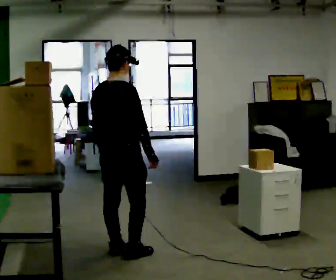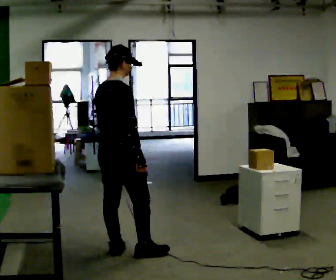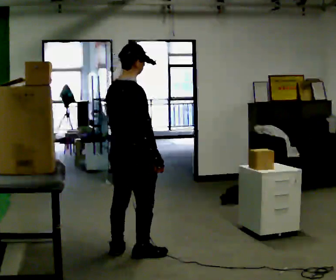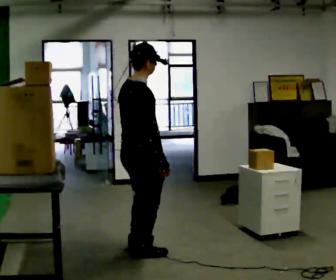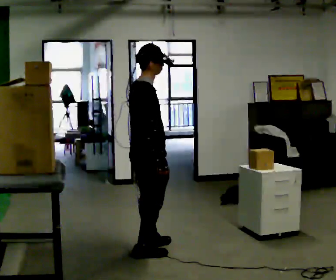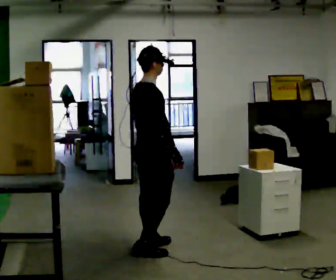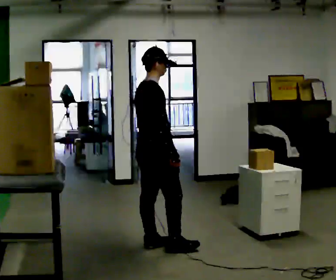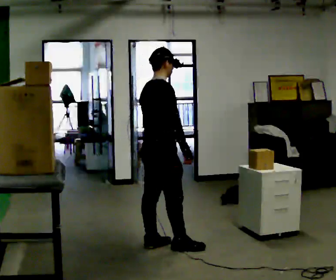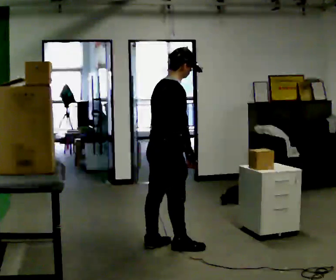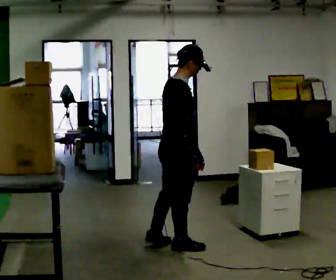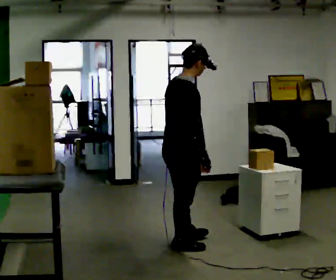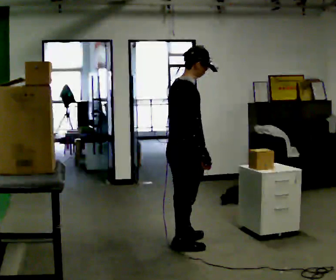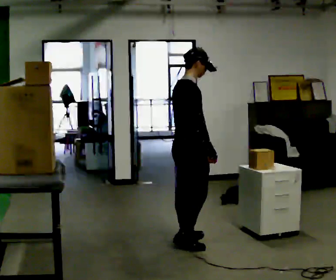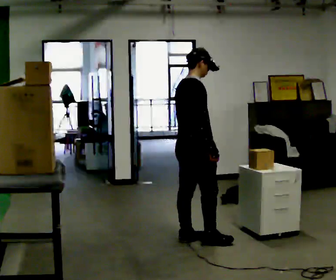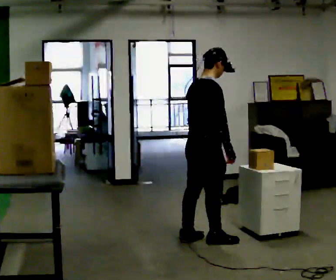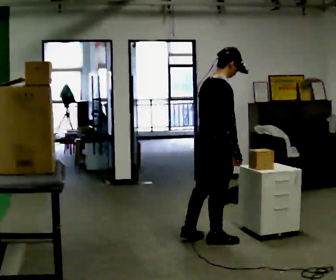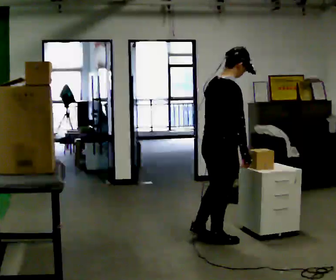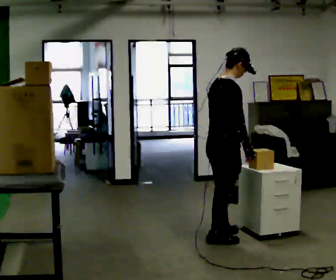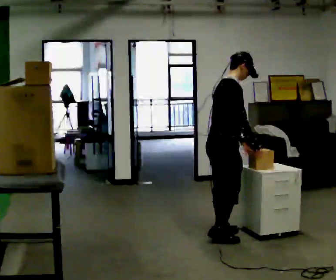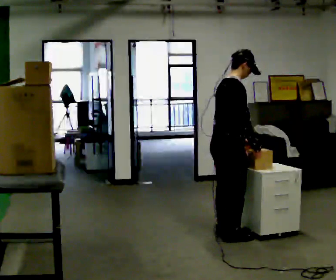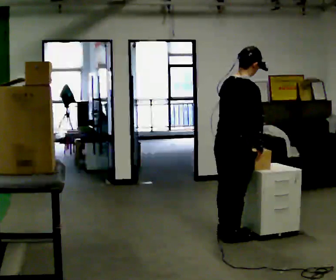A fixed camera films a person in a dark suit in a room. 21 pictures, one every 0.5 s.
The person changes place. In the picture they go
to the right.
0.0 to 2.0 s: The person turns about 30 degrees to their right, clockwise seen from above, so the part of the body nearest the lens slides to the left. In the picture they go to the right, about 0.25 m in 1 step, which for them is forward and to their right.
2.0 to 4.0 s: The person moves a little, or ends about where they began.
4.0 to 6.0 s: In the picture they go to the right and away from the camera, about 0.25 m in 1 step, which for them is forward.
6.0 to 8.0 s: In the picture they go to the right, about 0.25 m in 1 step, which for them is forward and to their right.
8.0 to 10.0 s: The person moves a little, or ends about where they began.
The film runs forward here.
